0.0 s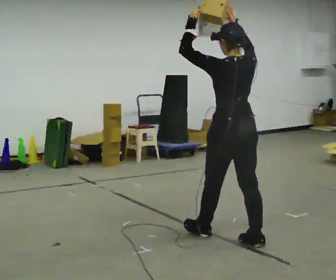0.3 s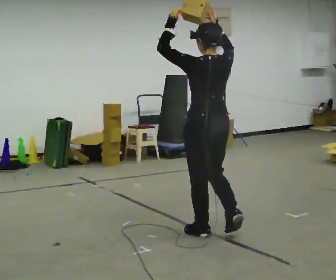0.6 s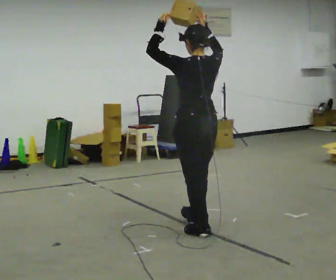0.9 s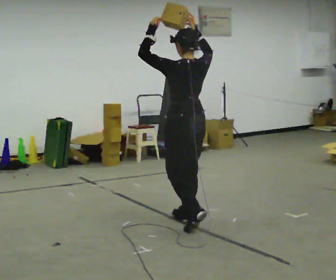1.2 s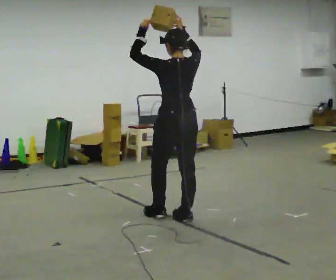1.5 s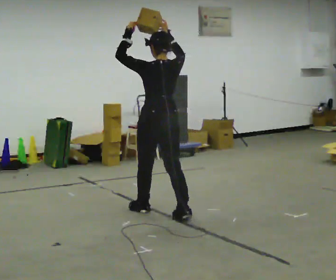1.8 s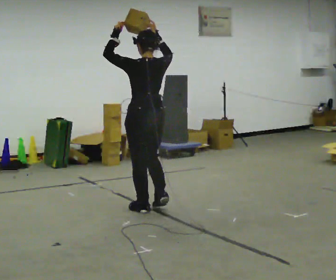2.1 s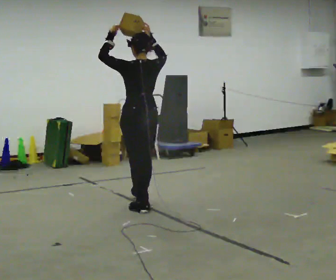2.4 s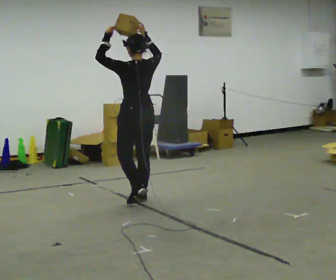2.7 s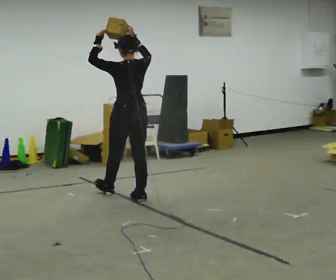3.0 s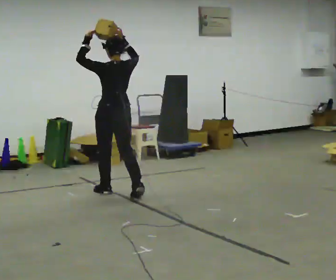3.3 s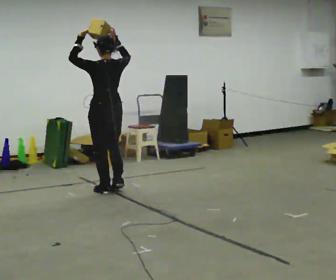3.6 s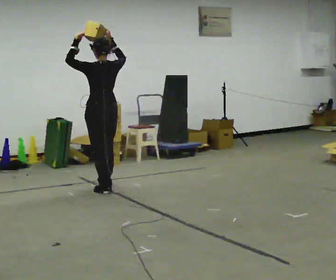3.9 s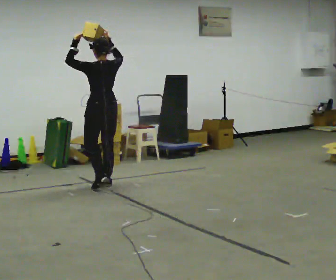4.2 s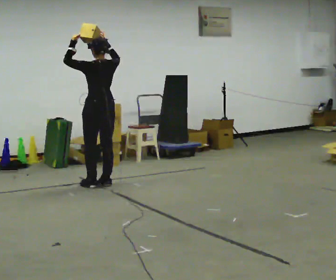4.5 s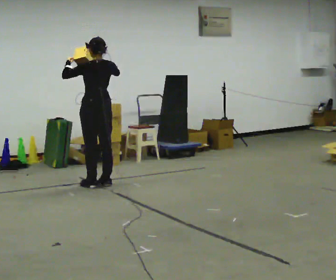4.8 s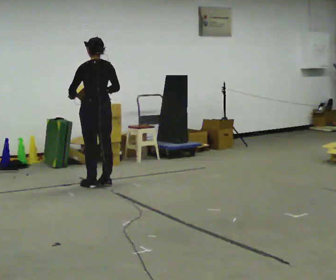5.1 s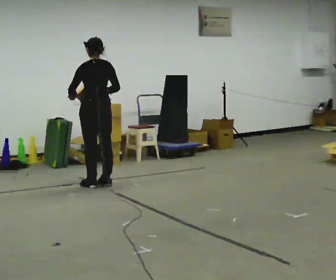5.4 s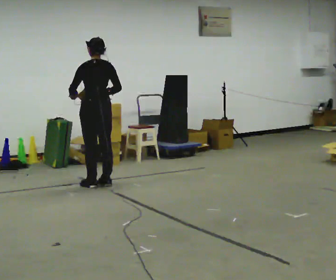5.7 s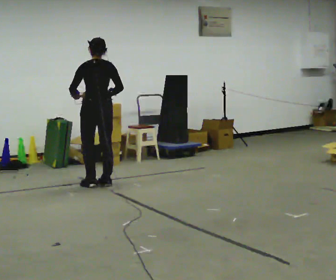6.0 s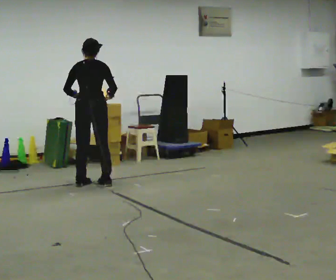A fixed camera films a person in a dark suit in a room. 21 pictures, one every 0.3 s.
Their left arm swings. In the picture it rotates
counterclockwise.
Their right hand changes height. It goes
downward.
0.0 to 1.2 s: In the picture they go away from the camera and to the left, about 0.5 m in 1 step, which for them is forward.
1.2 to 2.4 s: In the picture they go away from the camera and to the left, about 0.5 m in 2 steps, which for them is forward.
2.4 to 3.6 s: In the picture they go away from the camera and to the left, about 0.75 m in 2 steps, which for them is forward.
3.6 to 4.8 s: In the picture they go away from the camera, about 0.25 m in 1 step, which for them is forward. In the picture their left hand goes downward, the arm swinging counterclockwise.
4.8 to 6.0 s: Seen from above the body turns clockwise, about 30 degrees: to their right, with its near side sliding to the left.
The film runs forward here.
